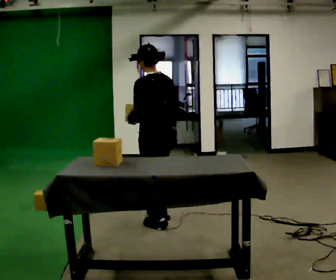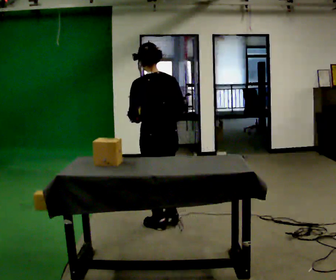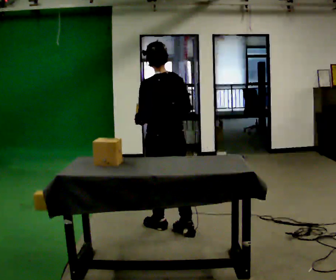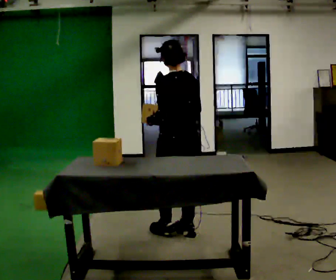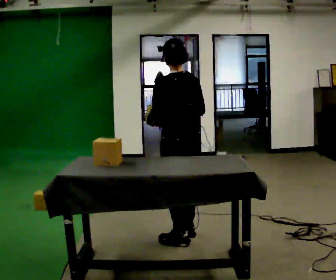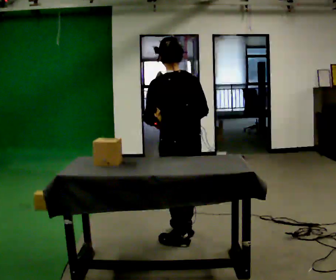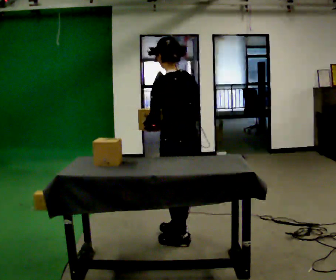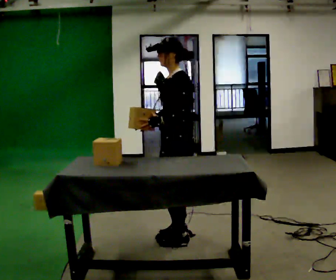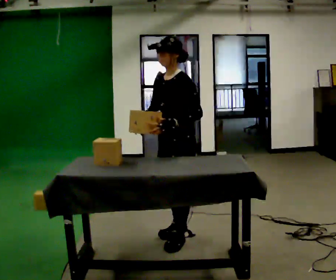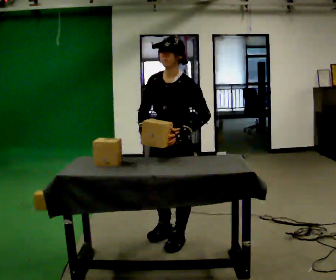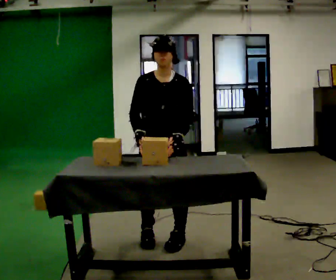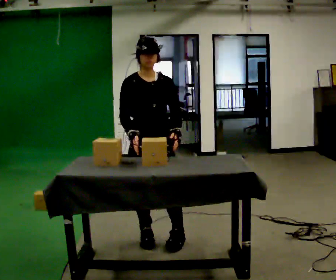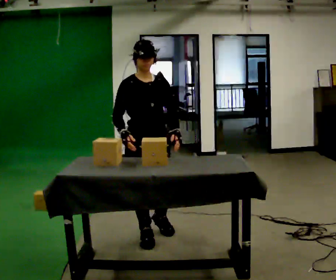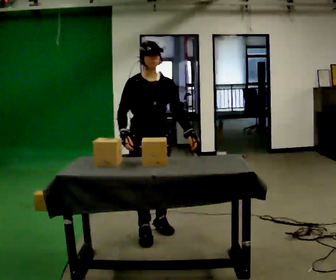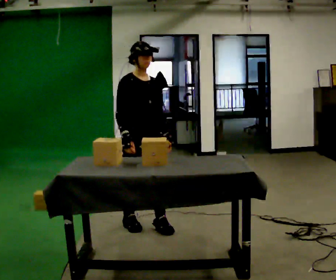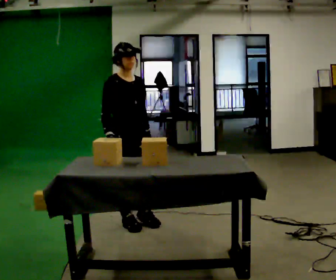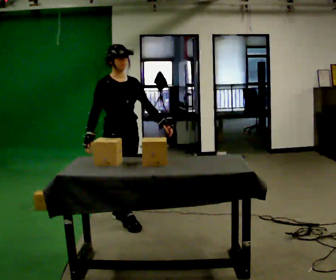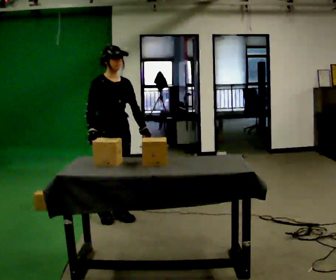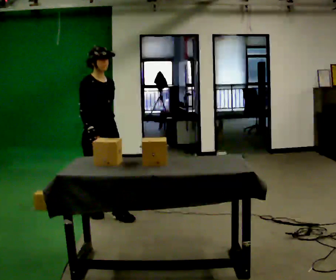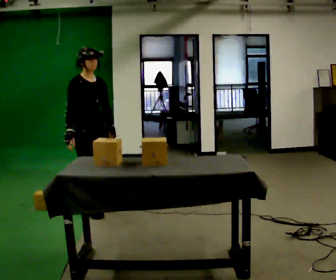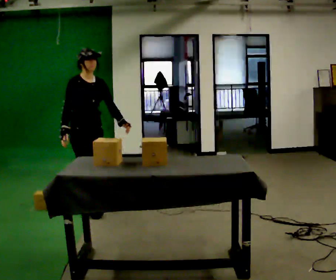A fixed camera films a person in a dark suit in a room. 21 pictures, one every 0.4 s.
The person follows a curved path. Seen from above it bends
clockwise.
0.0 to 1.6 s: In the picture they go toward the camera, about 0.5 m in 2 steps, which for them is backward.
1.6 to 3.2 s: Seen from above the body turns counterclockwise, about 75 degrees: to their left, with its near side sliding to the right. In the picture their right hand goes to the left.
3.2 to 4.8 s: The part of the body nearest the lens slides to the right as the person turns to their left by about 75 degrees. In the picture they go to the left, about 0.25 m in 2 steps.
4.8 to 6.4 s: In the picture they go away from the camera and to the left, about 0.5 m in 2 steps, which for them is backward.
6.4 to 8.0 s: In the picture they go away from the camera and to the left, about 0.5 m in 2 steps, which for them is backward.
The film runs backward here.
